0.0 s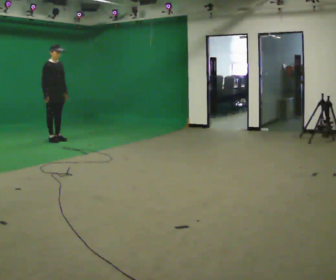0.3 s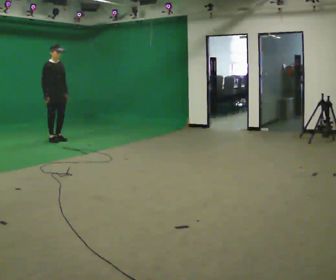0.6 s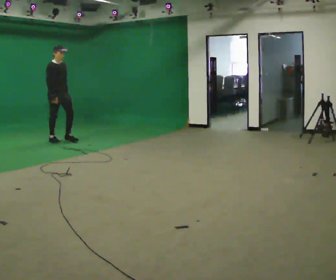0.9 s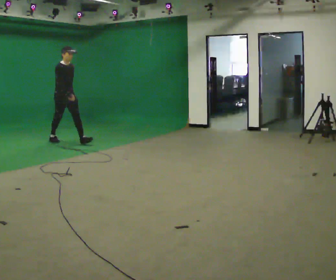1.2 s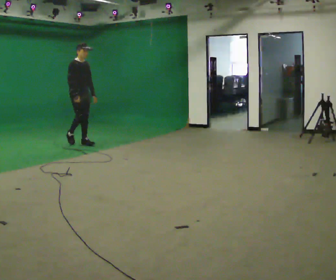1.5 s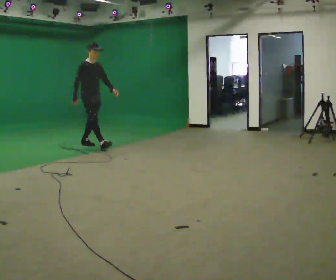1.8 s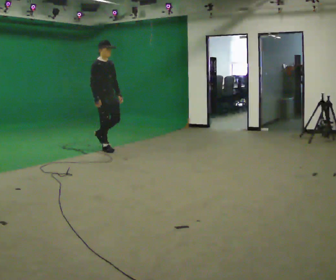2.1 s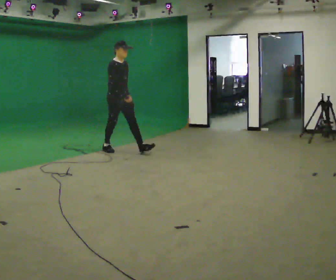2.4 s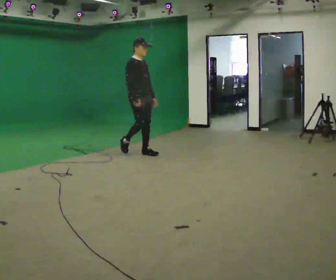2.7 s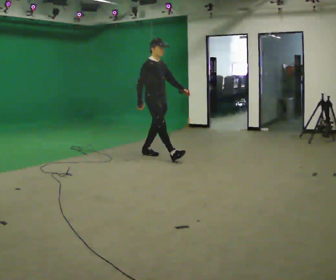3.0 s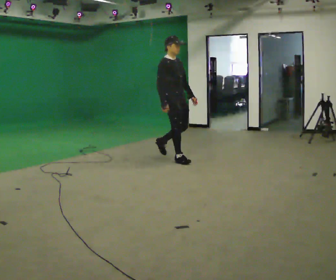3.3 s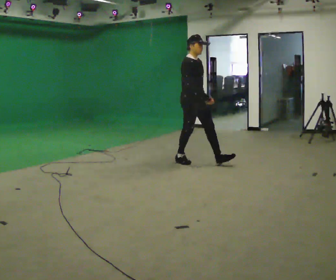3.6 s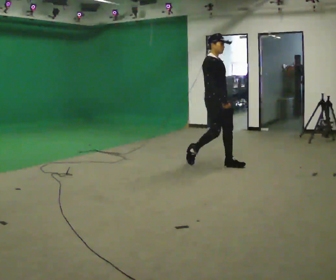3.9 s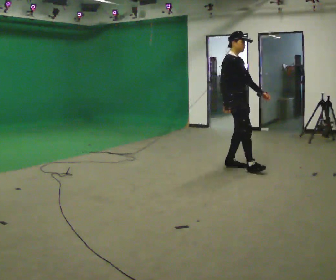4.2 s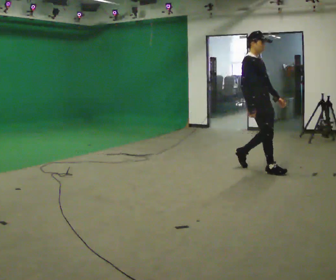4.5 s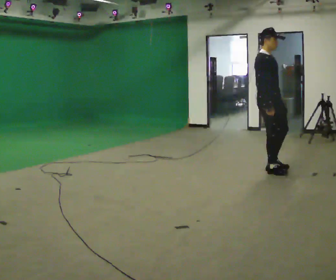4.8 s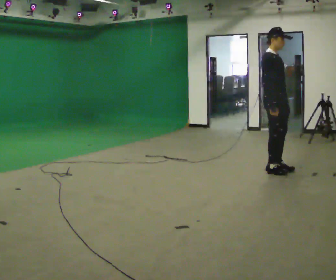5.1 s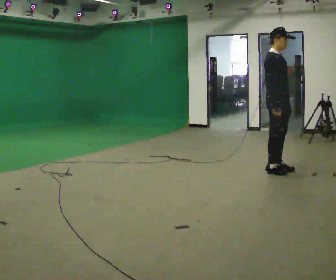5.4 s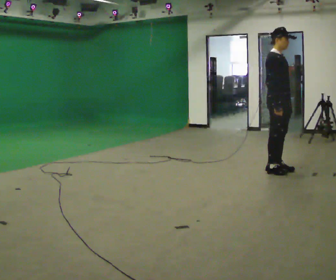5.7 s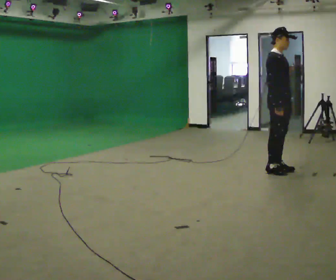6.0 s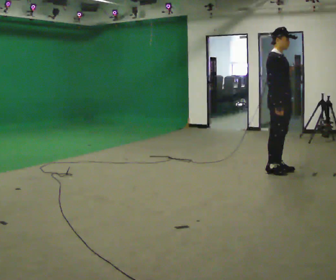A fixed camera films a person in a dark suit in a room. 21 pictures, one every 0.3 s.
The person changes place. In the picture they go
to the right.
0.0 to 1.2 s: In the picture they go to the right and toward the camera, about 0.75 m in 1 step, which for them is forward.
1.2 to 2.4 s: In the picture they go to the right and toward the camera, about 1.5 m in 2 steps, which for them is forward.
2.4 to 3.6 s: In the picture they go to the right and toward the camera, about 1.5 m in 2 steps, which for them is forward.
3.6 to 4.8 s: In the picture they go to the right and toward the camera, about 1 m in 2 steps, which for them is forward.
4.8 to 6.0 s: The person moves a little, or ends about where they began.
The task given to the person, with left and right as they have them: Start still; walk straight at normal comfortable speed; stop at endpoint.
The film runs forward here.
